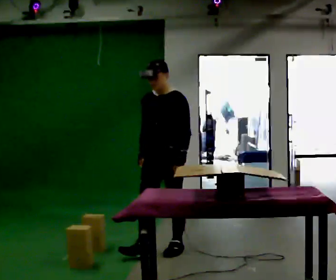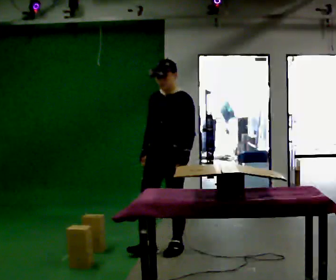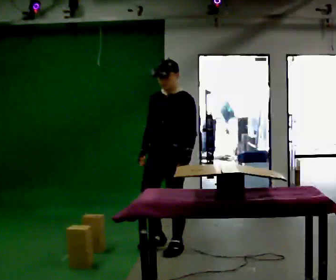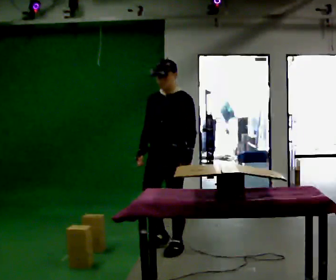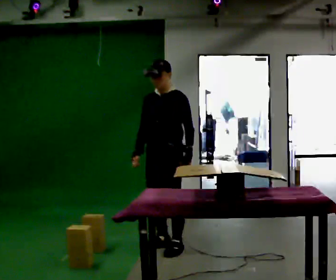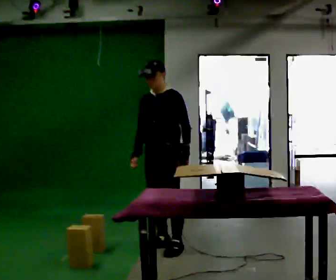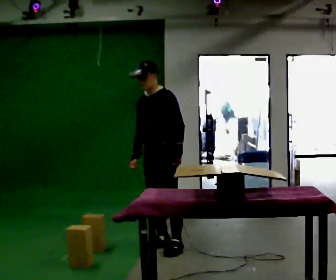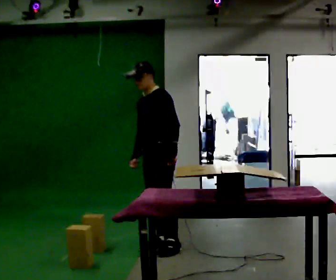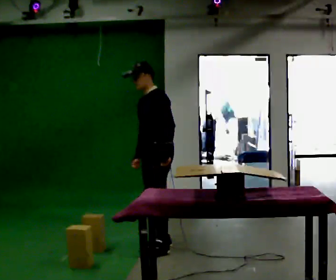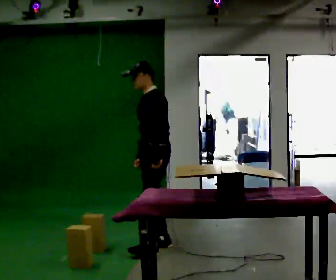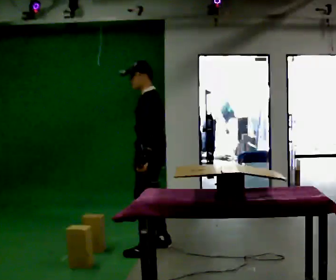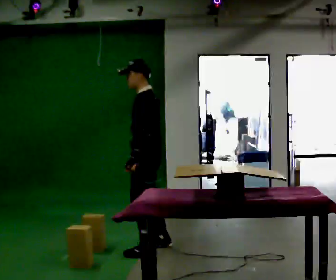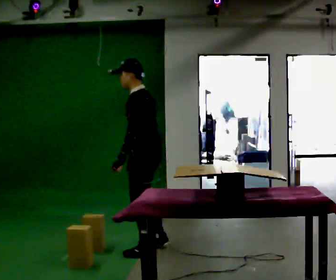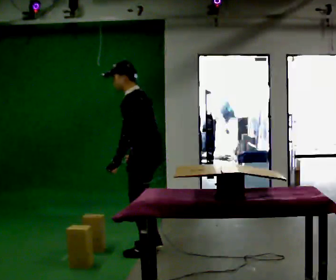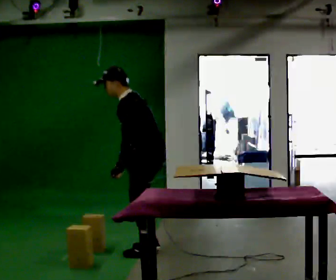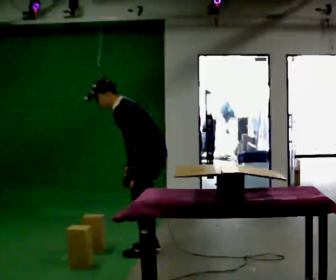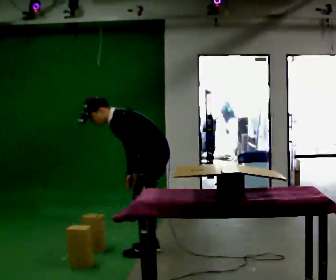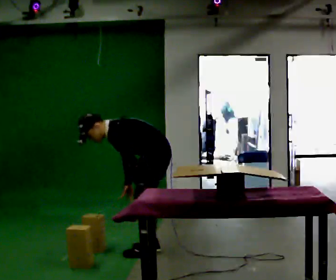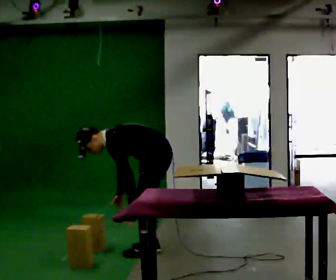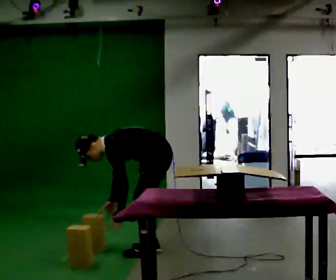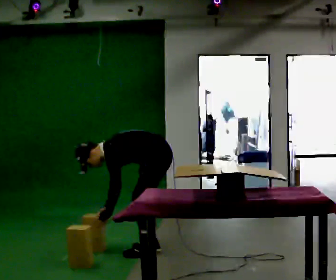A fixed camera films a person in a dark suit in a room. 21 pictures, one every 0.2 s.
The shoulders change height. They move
downward.
The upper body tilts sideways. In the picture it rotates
counterclockwise.
0.0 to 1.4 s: In the picture they go away from the camera, about 0.25 m in 1 step, which for them is to their right and backward.
1.4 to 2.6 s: The person turns about 45 degrees to their right, clockwise seen from above, so the part of the body nearest the lens slides to the left. In the picture they go toward the camera, about 0.25 m in 2 steps, which for them is to their left and forward.
2.6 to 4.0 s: The shoulders move downward. In the picture the upper body tilts counterclockwise, shoulders to the left, as they bend forward. In the picture their left hand goes downward.
The film runs backward here.
